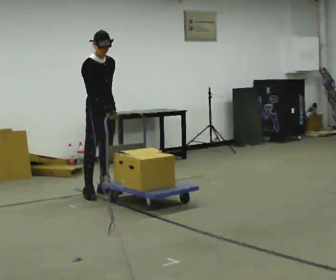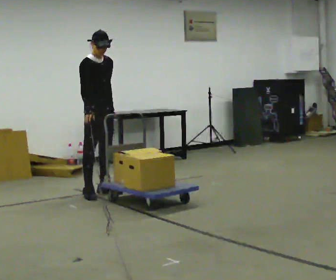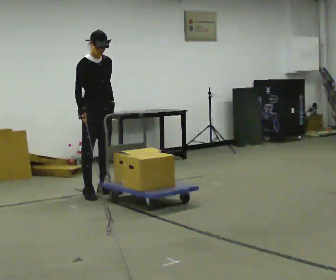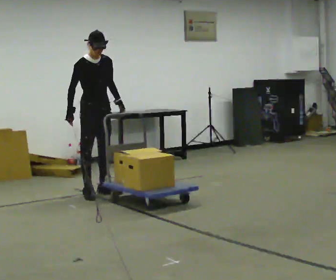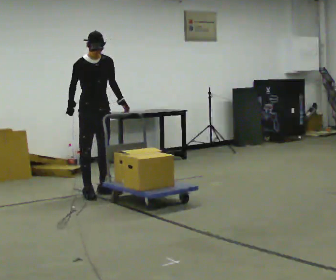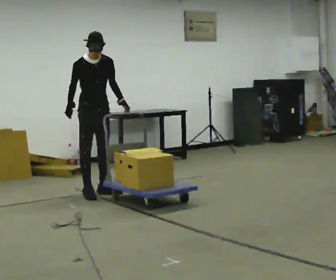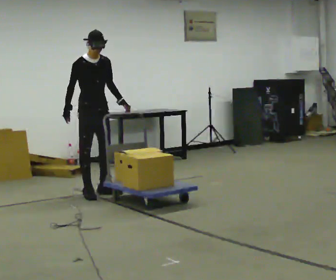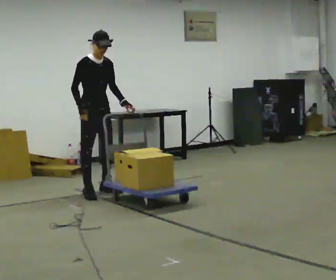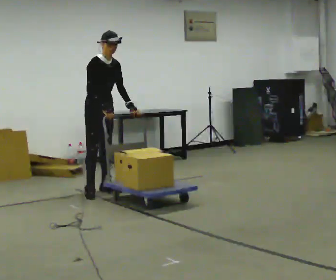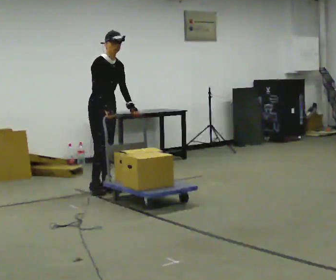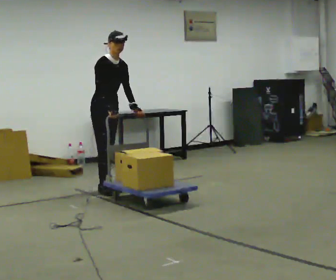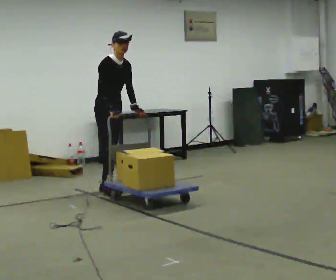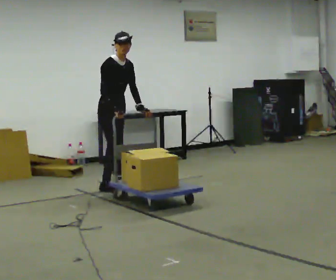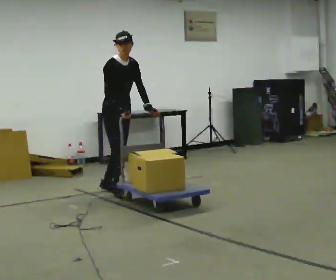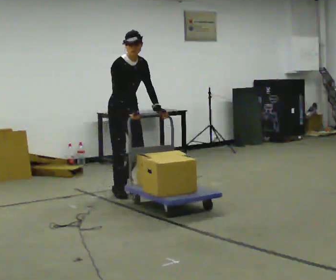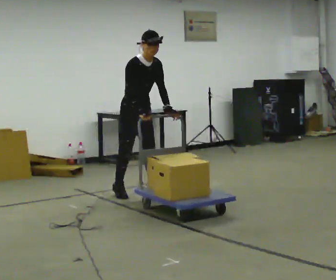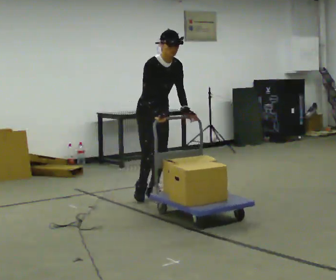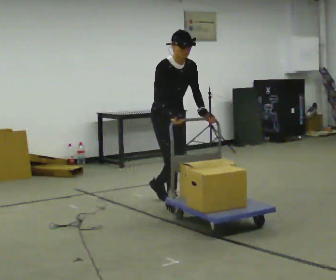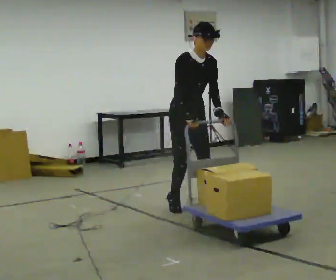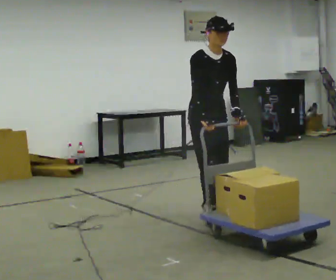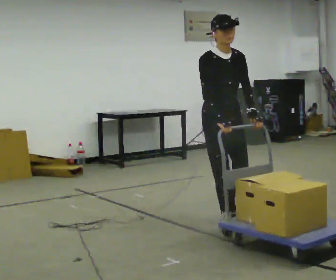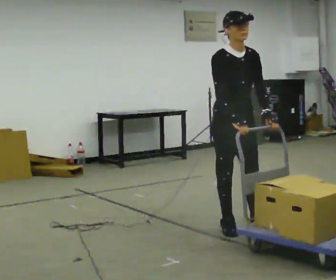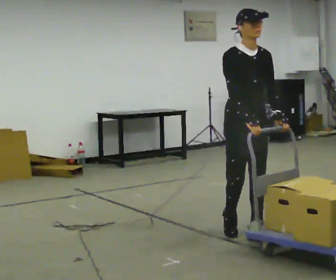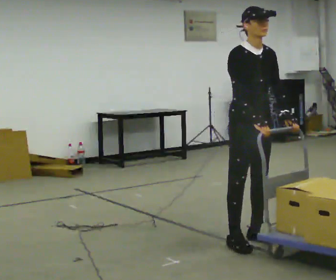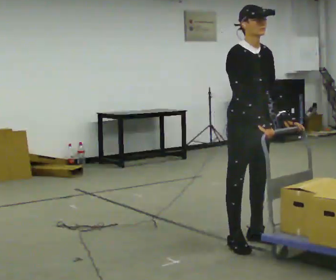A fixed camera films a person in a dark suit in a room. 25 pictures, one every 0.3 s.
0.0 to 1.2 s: In the picture their right hand goes to the left.
1.2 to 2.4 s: In the picture they go away from the camera, about 0.25 m, which for them is backward and to their left. In the picture their right hand goes to the right.
2.4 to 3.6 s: The person moves a little, or ends about where they began.
3.6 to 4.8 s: In the picture they go toward the camera and to the right, about 0.75 m in 1 step, which for them is forward.
4.8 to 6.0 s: In the picture they go toward the camera and to the right, about 1 m in 3 steps, which for them is forward. The upper body tips away from the camera, its near side rolling upward, as they lean back or straighten.
6.0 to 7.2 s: In the picture they go toward the camera, about 0.5 m in 2 steps, which for them is forward.
The film runs forward here.
